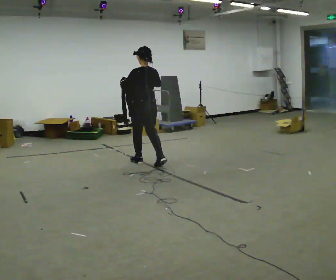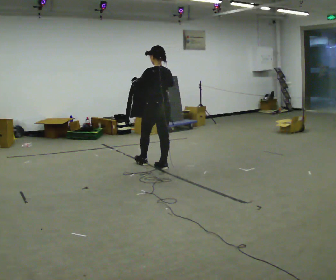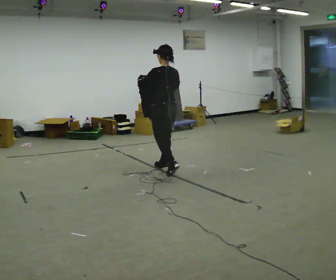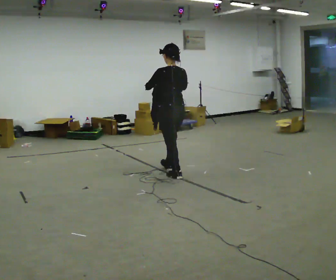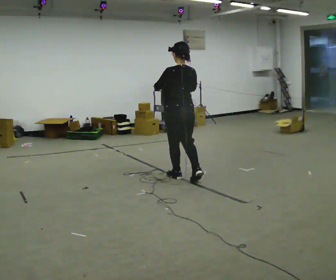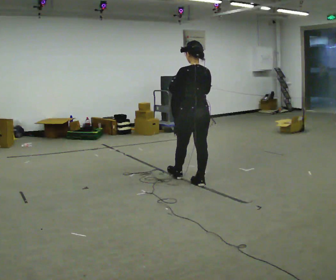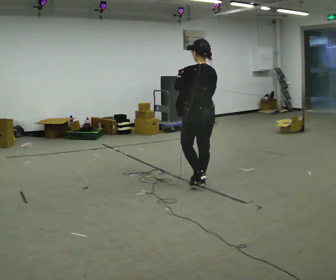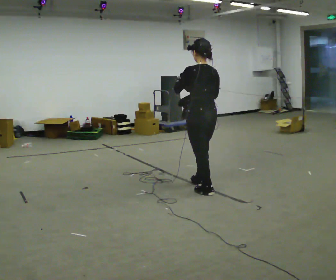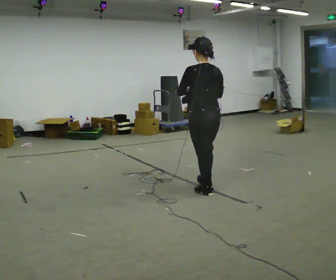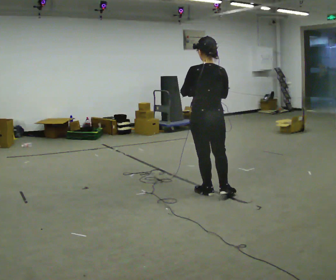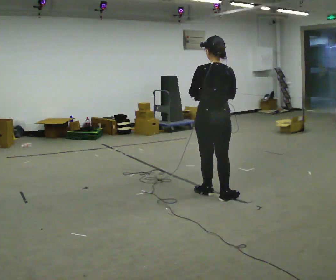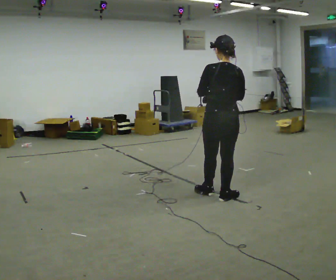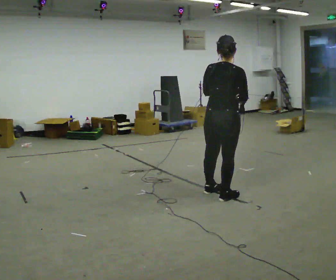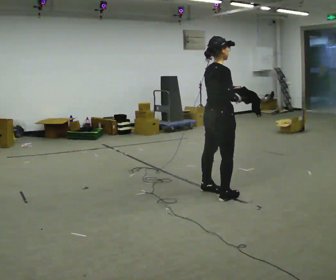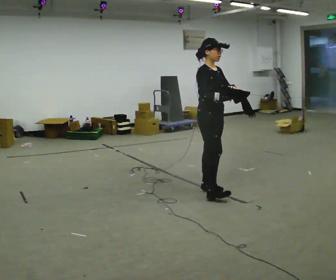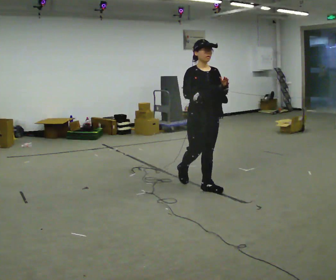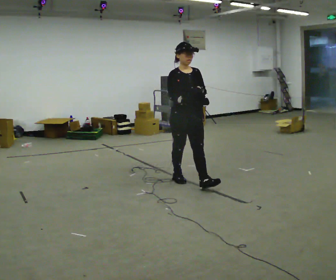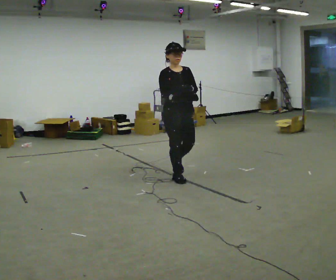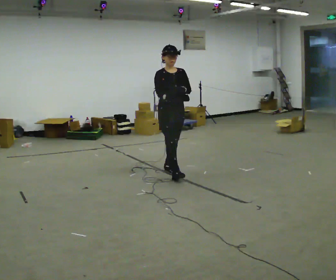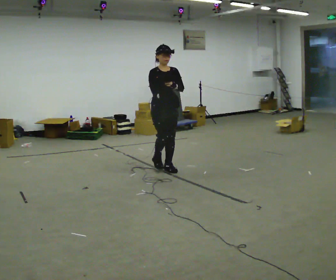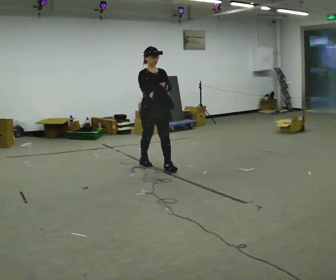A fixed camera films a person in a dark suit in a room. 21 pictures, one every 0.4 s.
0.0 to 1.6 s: In the picture they go to the right and toward the camera, about 1 m in 2 steps, which for them is backward.
1.6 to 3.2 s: In the picture they go toward the camera and to the right, about 0.75 m in 2 steps, which for them is backward.
3.2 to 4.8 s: The person turns about 45 degrees to their right, clockwise seen from above, so the part of the body nearest the lens slides to the left. In the picture they go to the right, about 0.25 m in 1 step, which for them is backward and to their right. In the picture their left hand goes to the right.
4.8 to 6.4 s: Seen from above the body turns clockwise, about 135 degrees: to their right, with its near side sliding to the left. In the picture they go away from the camera and to the left, about 0.75 m in 2 steps.
6.4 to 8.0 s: In the picture they go away from the camera and to the left, about 1 m in 1 step, which for them is backward.
The film runs backward here.
